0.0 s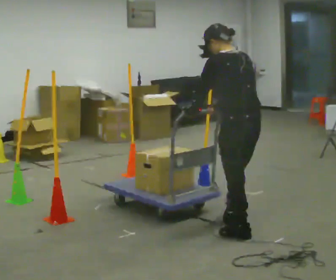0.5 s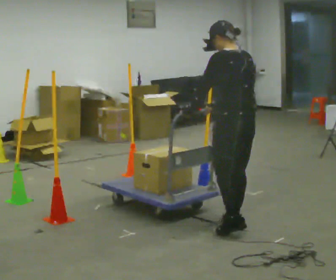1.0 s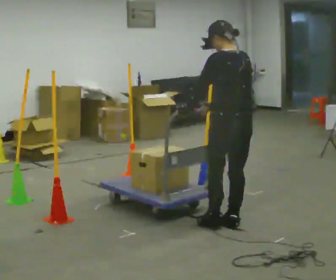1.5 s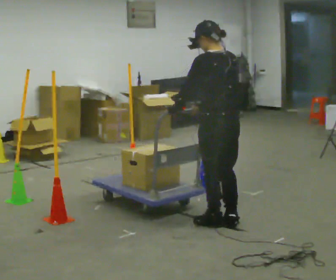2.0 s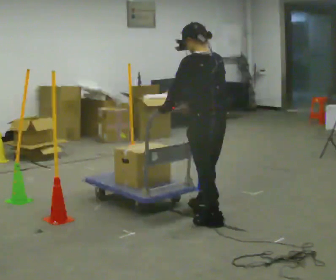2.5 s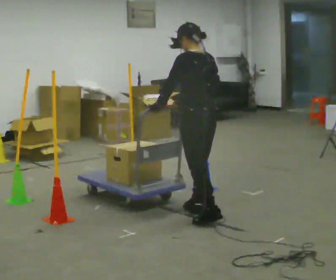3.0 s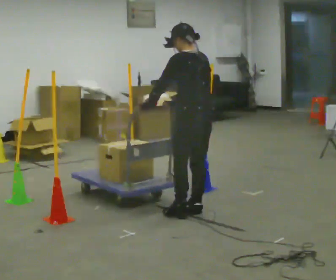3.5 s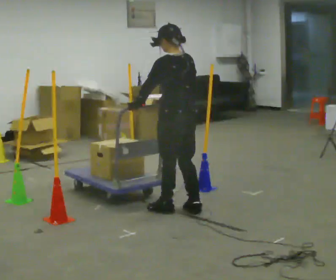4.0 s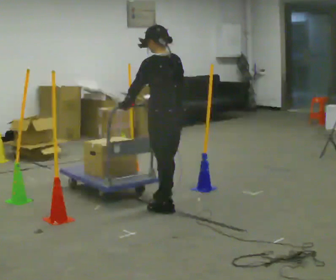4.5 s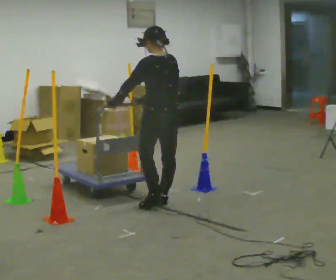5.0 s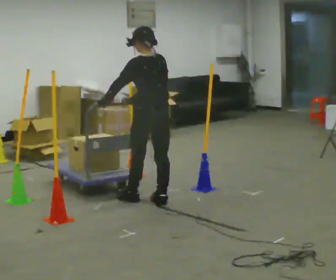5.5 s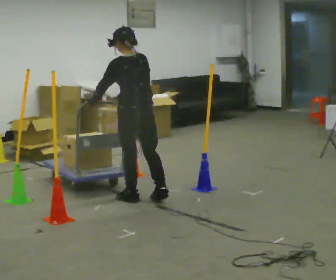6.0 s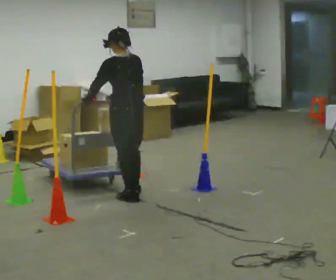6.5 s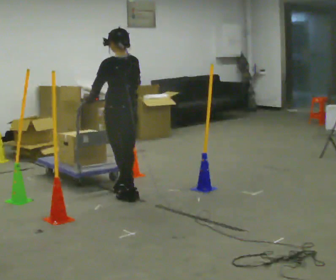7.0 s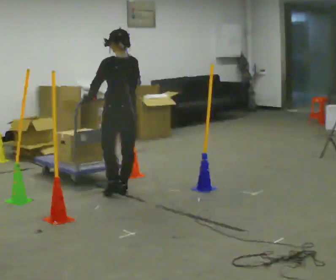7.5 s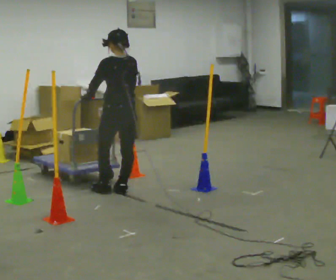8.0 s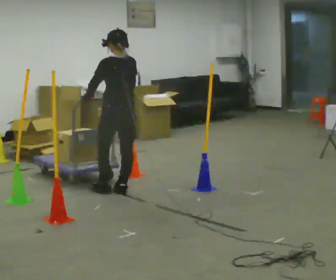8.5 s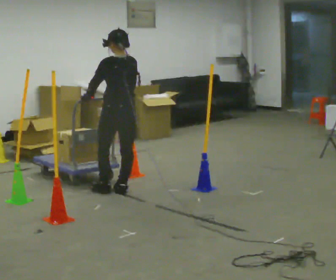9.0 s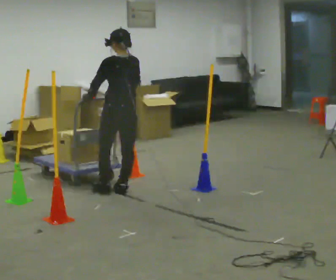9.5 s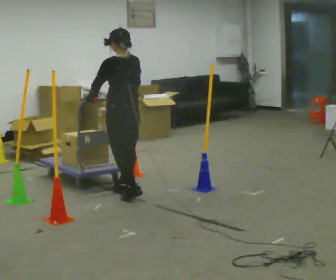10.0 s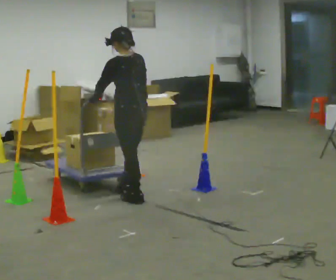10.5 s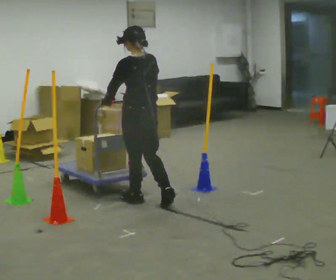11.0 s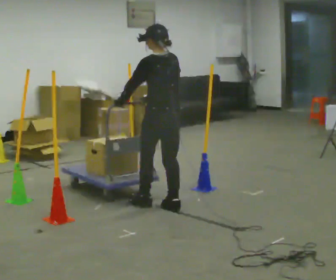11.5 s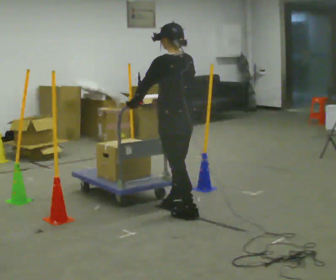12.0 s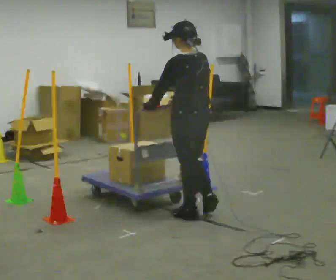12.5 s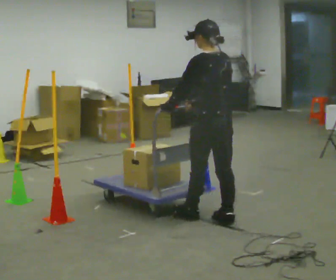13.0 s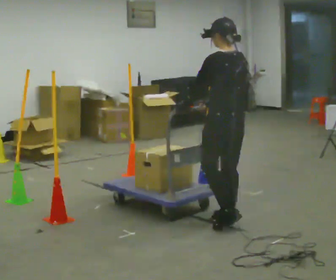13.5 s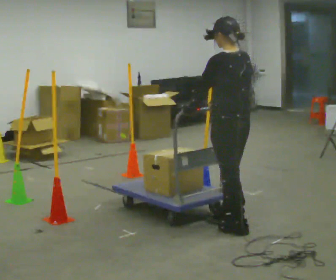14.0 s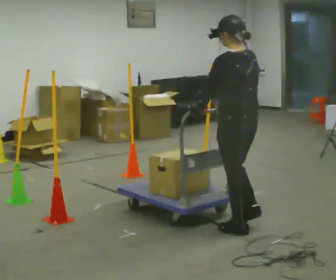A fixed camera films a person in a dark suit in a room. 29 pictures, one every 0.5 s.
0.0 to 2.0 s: In the picture they go away from the camera and to the left, about 0.25 m in 2 steps, which for them is forward.
2.0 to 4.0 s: In the picture they go away from the camera and to the left, about 0.5 m in 2 steps, which for them is forward.
4.0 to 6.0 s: In the picture they go away from the camera and to the left, about 0.5 m in 2 steps, which for them is forward.
6.0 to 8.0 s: In the picture they go away from the camera, about 0.25 m in 1 step, which for them is forward.
8.0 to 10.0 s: In the picture they go toward the camera, about 0.25 m in 2 steps, which for them is backward.
10.0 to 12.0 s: In the picture they go toward the camera and to the right, about 0.5 m in 2 steps, which for them is backward.
12.0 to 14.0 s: In the picture they go toward the camera and to the right, about 0.5 m in 2 steps, which for them is backward.
The film runs backward here.
